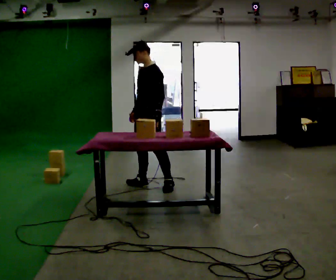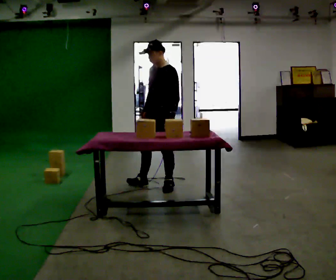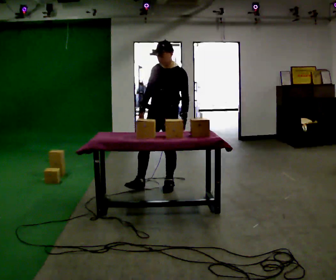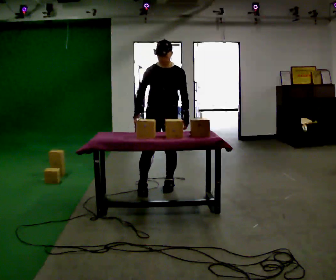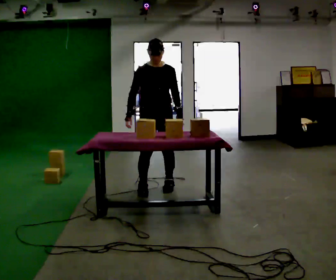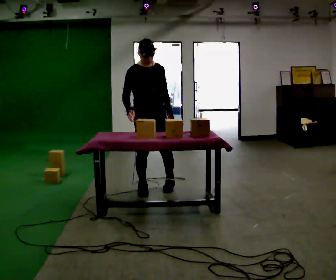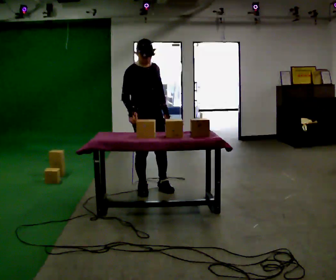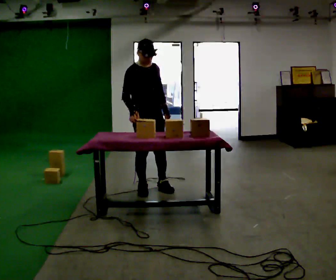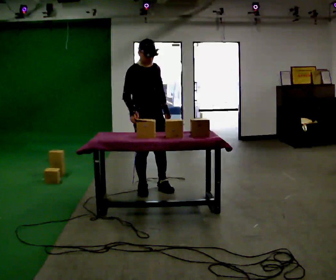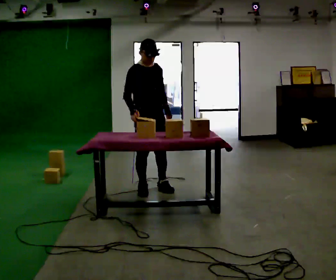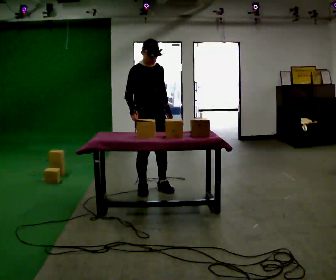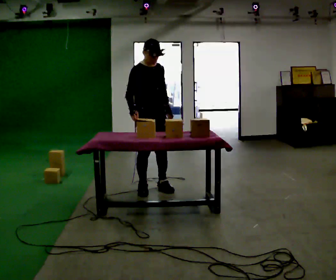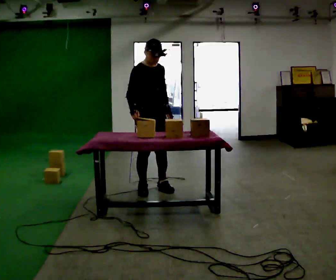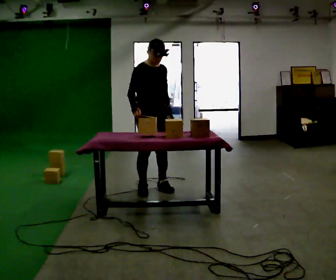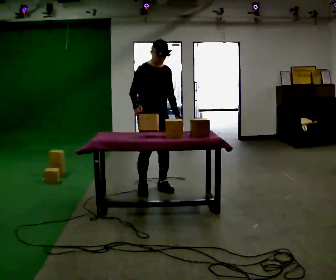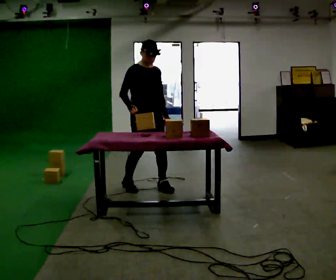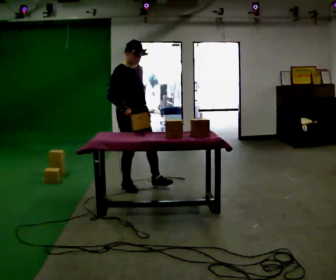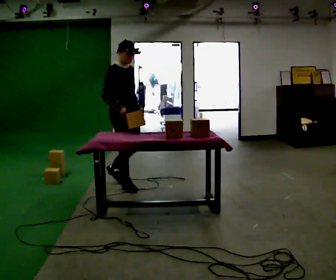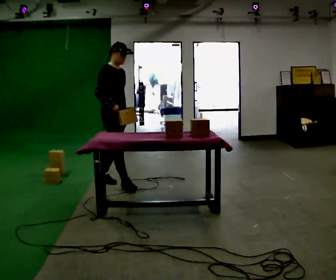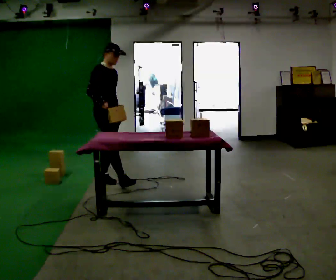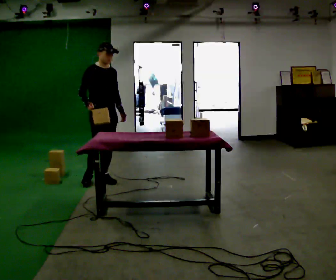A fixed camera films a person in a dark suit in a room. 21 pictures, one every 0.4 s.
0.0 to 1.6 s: Seen from above the body turns counterclockwise, about 75 degrees: to their left, with its near side sliding to the right.
1.6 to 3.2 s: Seen from above the body turns counterclockwise, about 30 degrees: to their left, with its near side sliding to the right.
3.2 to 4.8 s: The person moves a little, or ends about where they began.
4.8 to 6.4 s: In the picture they go to the left, about 0.25 m in 2 steps, which for them is to their right and backward.
6.4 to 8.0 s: In the picture they go to the left and away from the camera, about 0.5 m in 1 step, which for them is backward.
The film runs backward here.
